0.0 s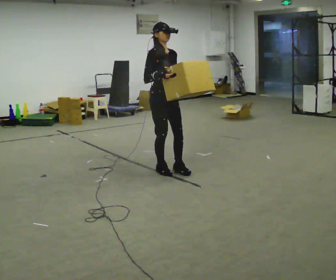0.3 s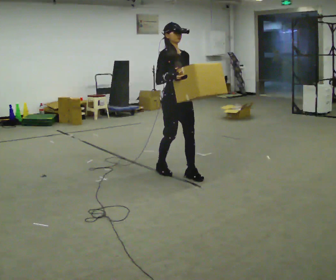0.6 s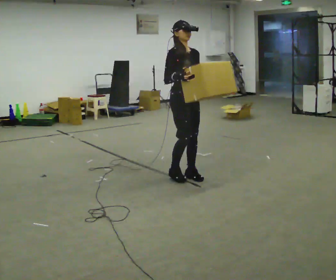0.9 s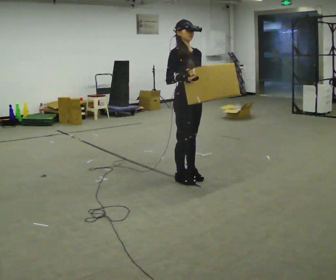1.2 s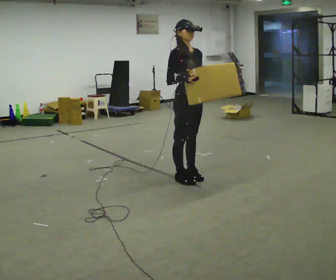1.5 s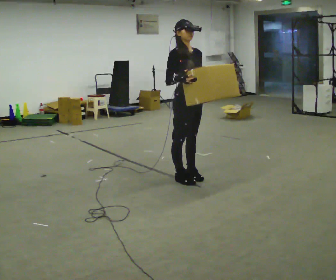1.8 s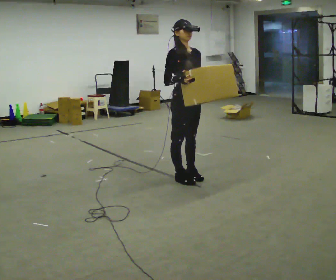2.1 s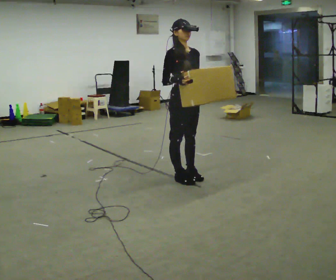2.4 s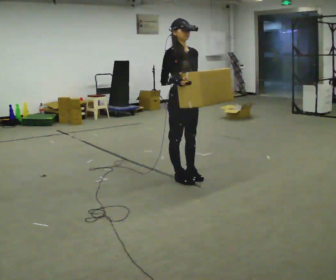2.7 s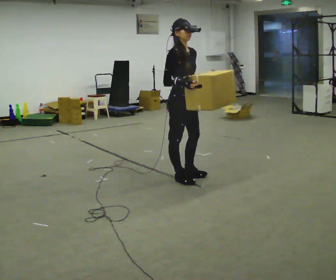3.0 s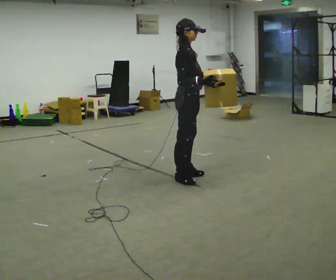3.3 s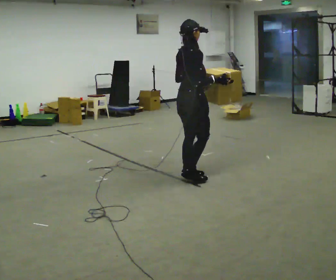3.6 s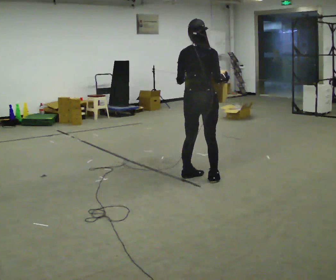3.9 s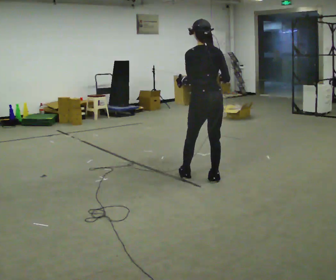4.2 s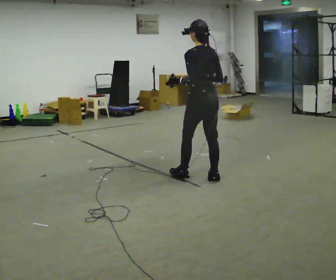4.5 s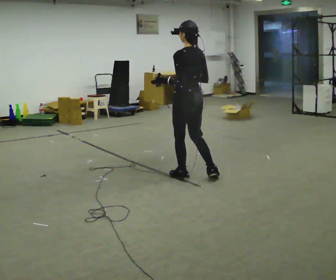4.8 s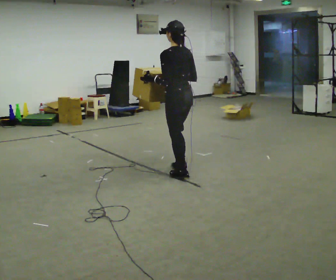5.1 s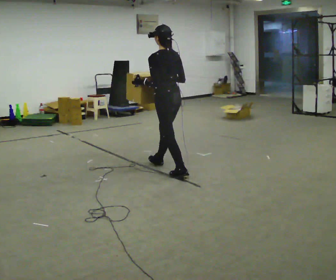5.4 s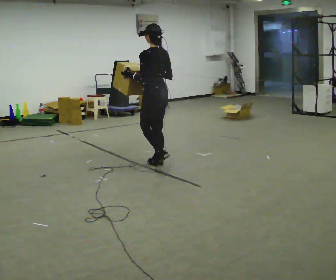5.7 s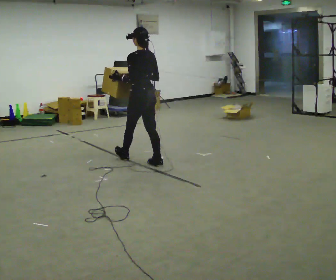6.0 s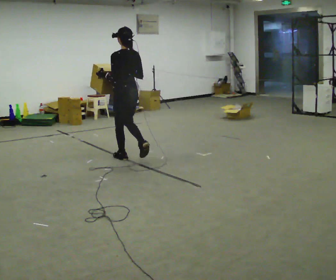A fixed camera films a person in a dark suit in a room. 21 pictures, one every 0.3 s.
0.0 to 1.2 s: In the picture they go to the right and toward the camera, about 0.5 m in 2 steps, which for them is forward.
1.2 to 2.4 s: The person moves a little, or ends about where they began.
2.4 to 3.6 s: The person turns about 120 degrees to their left, counterclockwise seen from above, so the part of the body nearest the lens slides to the right. In the picture they go to the right, about 0.25 m in 1 step. In the picture their right hand goes to the right.
3.6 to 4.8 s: The part of the body nearest the lens slides to the right as the person turns to their left by about 60 degrees. In the picture they go to the left, about 0.25 m. In the picture their right hand goes to the left.
4.8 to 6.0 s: In the picture they go to the left and away from the camera, about 1 m in 2 steps, which for them is forward.
The film runs forward here.
